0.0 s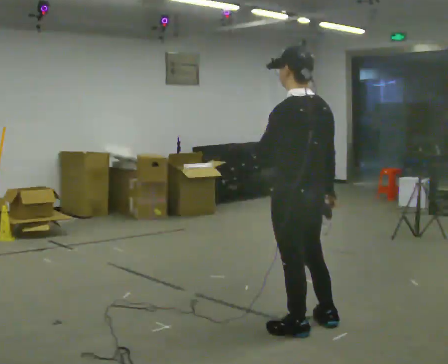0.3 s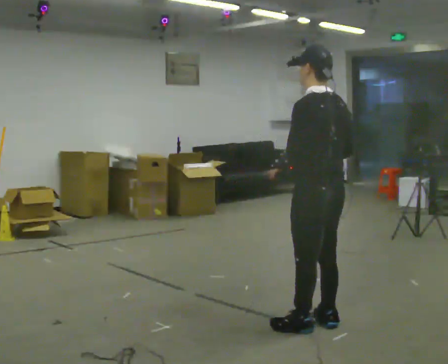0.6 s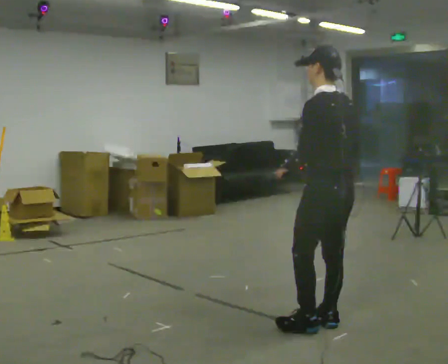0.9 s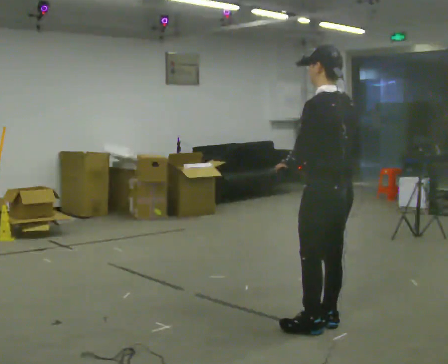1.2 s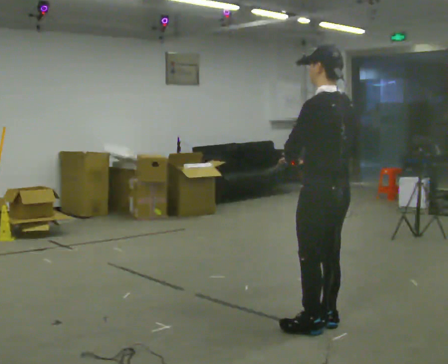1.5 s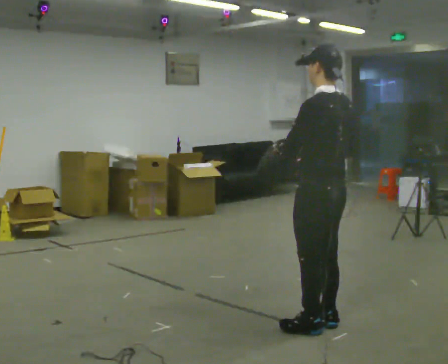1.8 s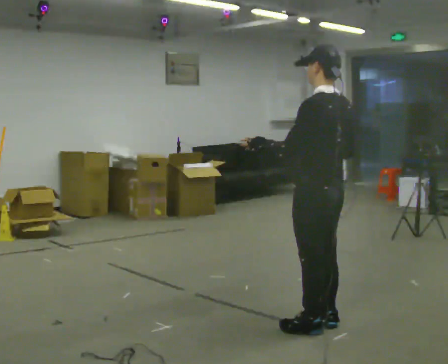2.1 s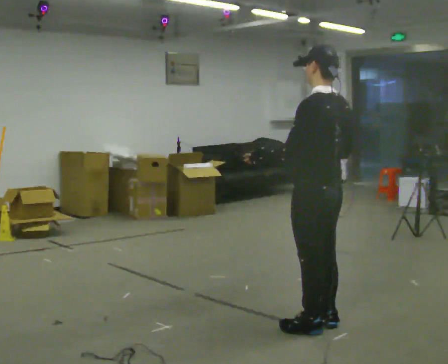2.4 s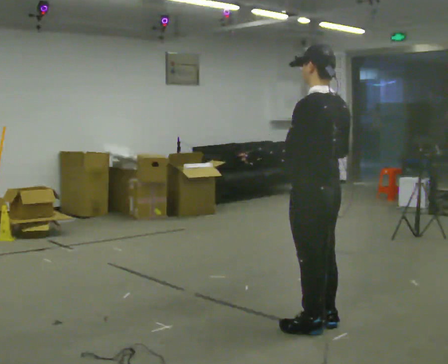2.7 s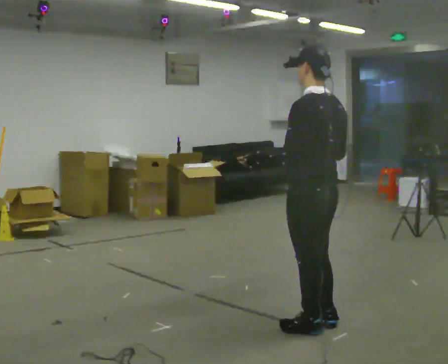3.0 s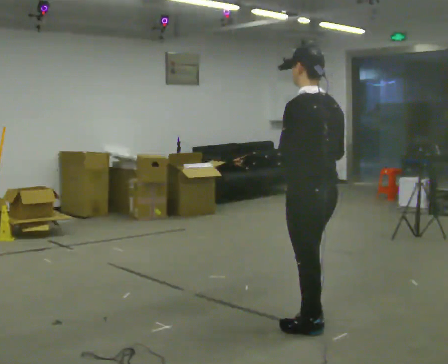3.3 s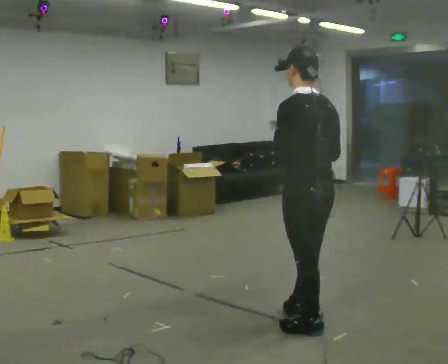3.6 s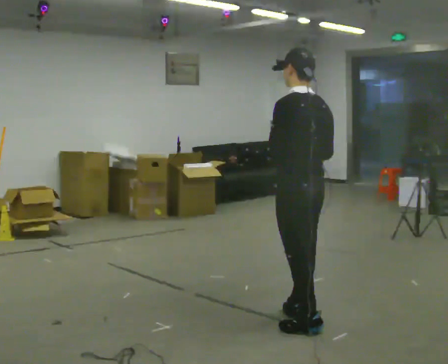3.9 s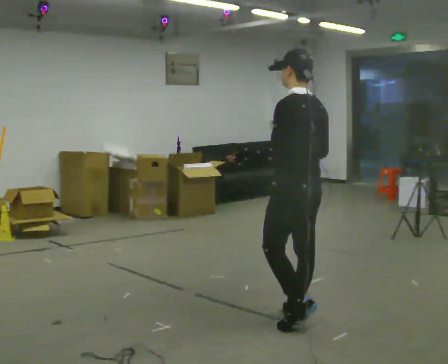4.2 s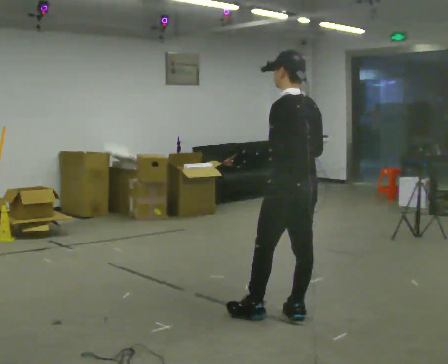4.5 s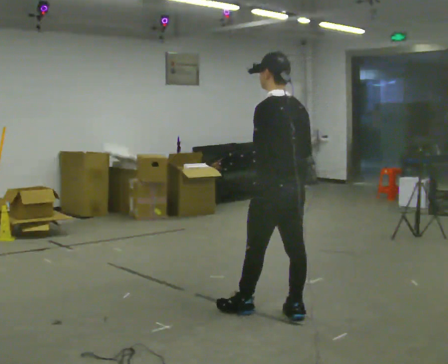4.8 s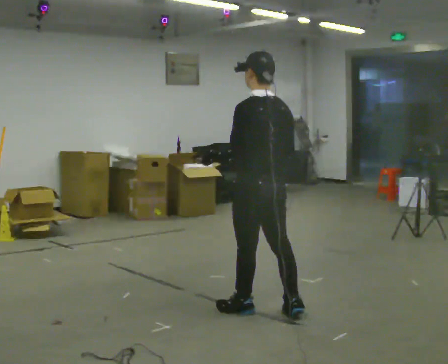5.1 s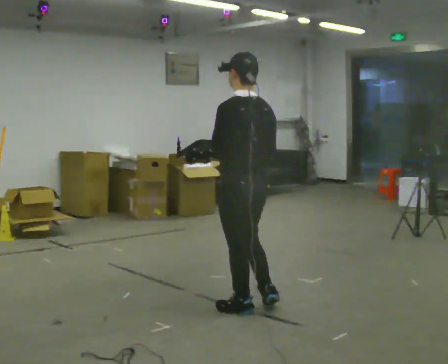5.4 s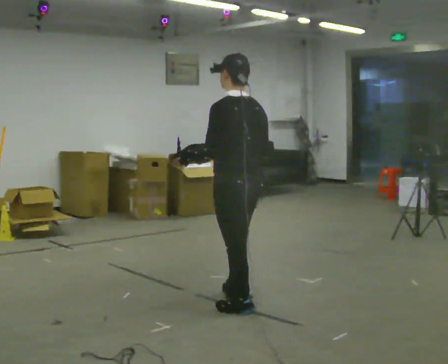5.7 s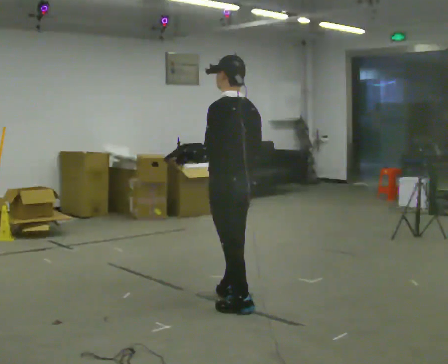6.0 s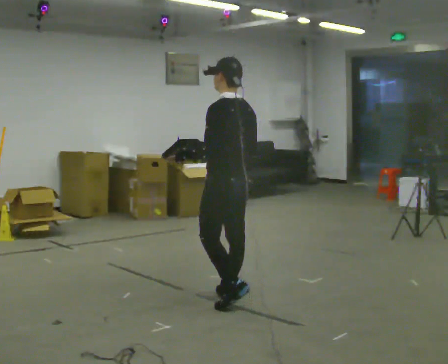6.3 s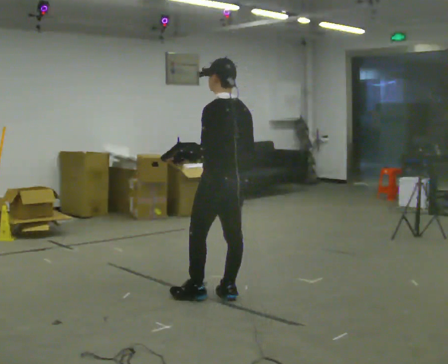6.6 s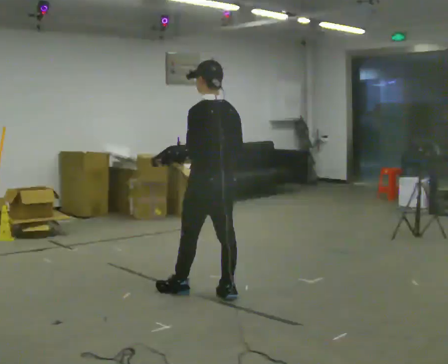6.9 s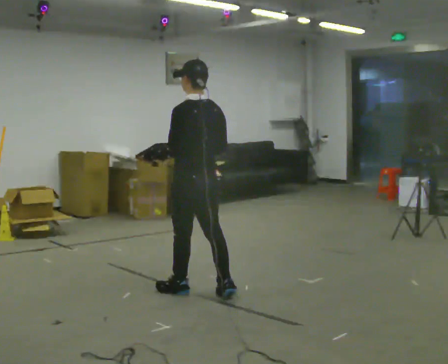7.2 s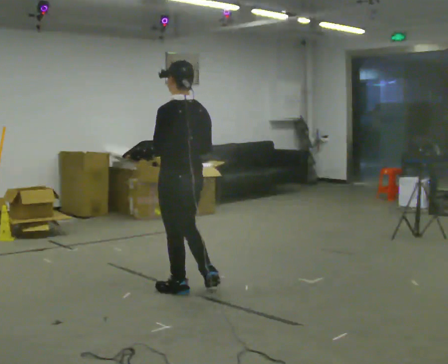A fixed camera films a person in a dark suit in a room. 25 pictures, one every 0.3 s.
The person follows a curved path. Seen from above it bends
counterclockwise.
0.0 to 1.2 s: In the picture they go to the right, about 0.25 m, which for them is to their right.
1.2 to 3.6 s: The person moves a little, or ends about where they began.
3.6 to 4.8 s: In the picture they go to the left and away from the camera, about 0.25 m in 1 step, which for them is forward.
4.8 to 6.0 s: In the picture they go away from the camera and to the left, about 0.5 m in 1 step, which for them is forward.
6.0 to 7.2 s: In the picture they go to the left, about 0.25 m in 1 step, which for them is forward.
The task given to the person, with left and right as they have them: Carry the box with its lid hanging open across the room, back and forth.
The film runs forward here.
